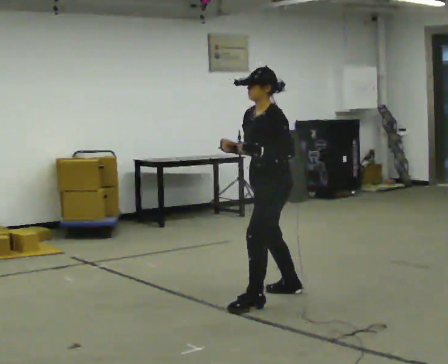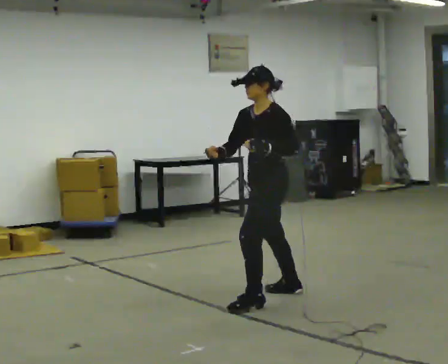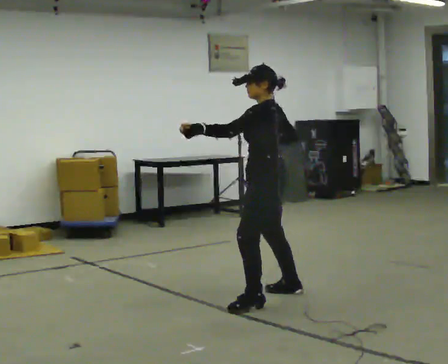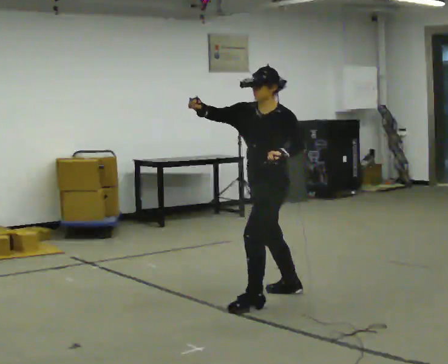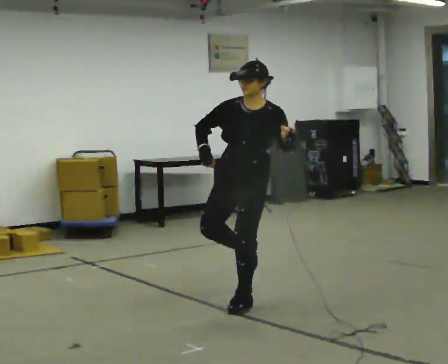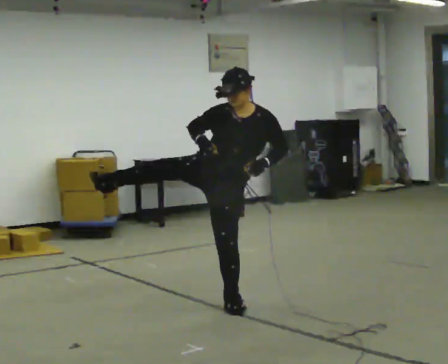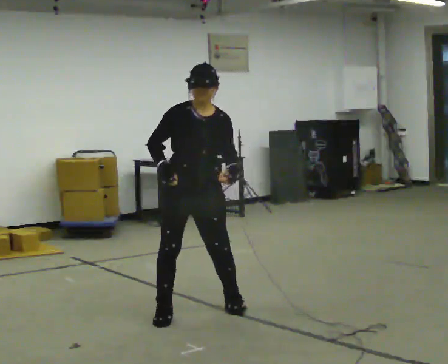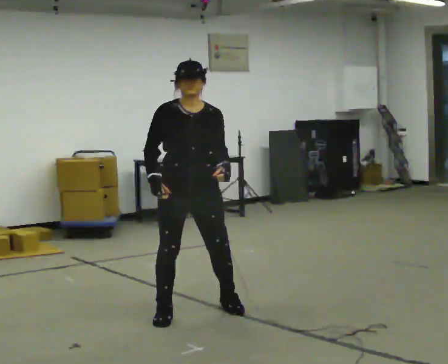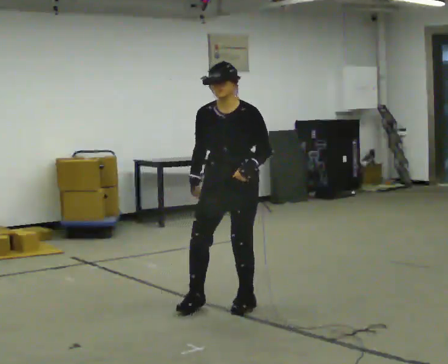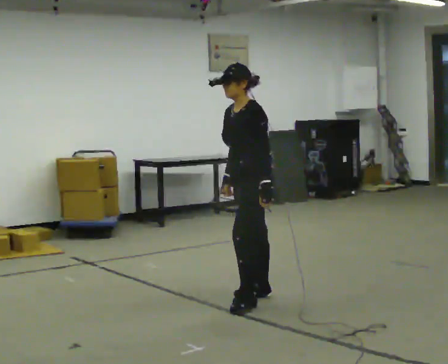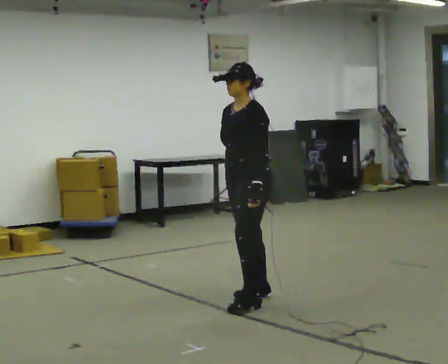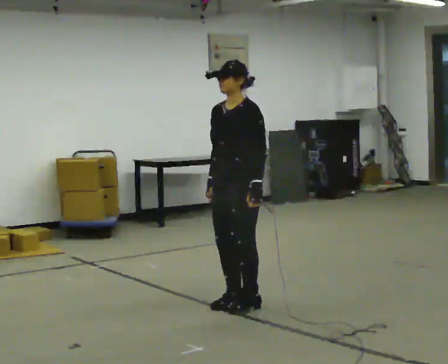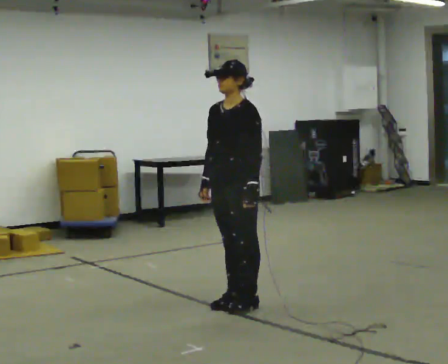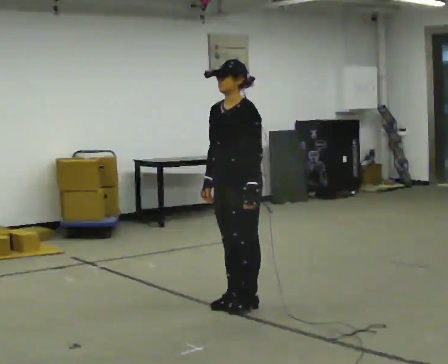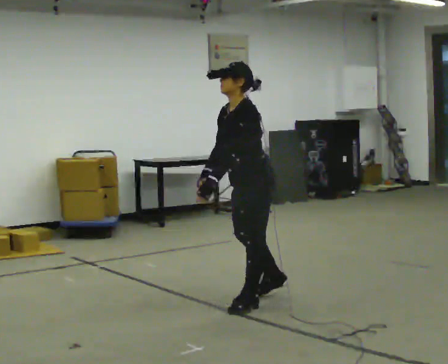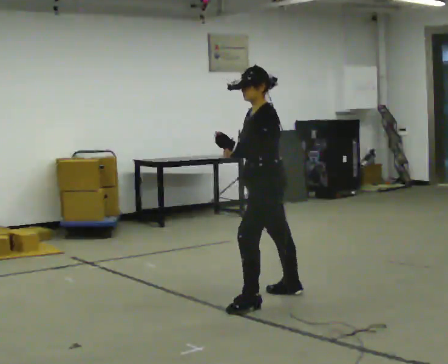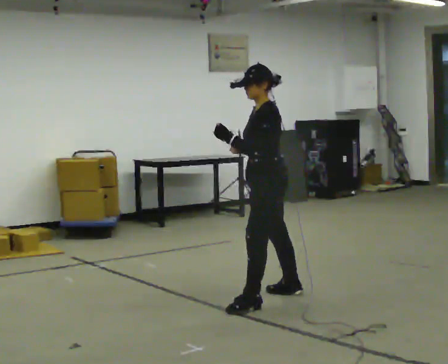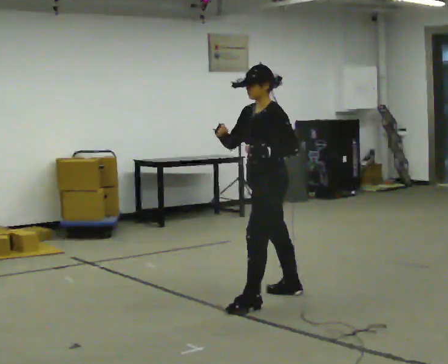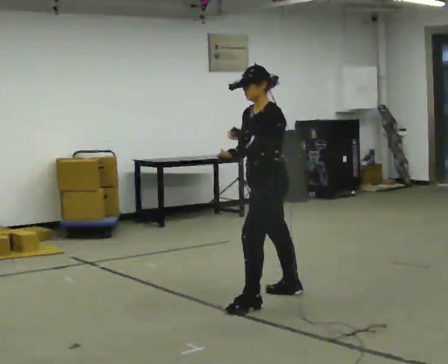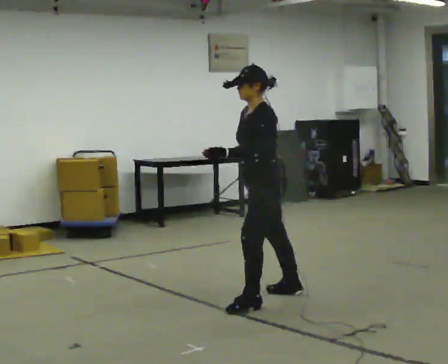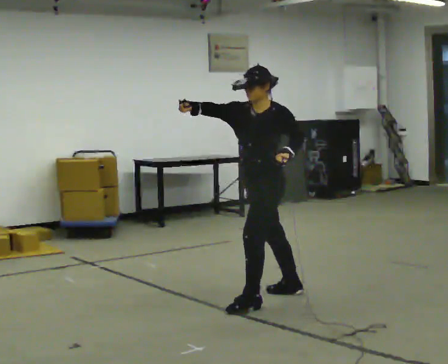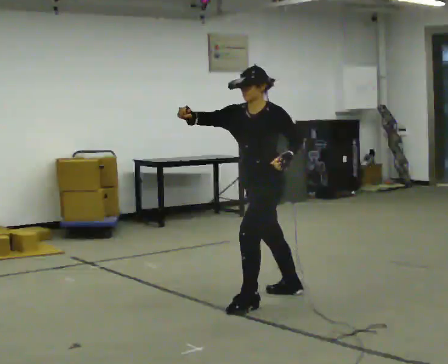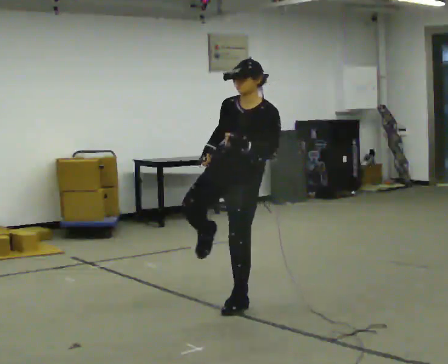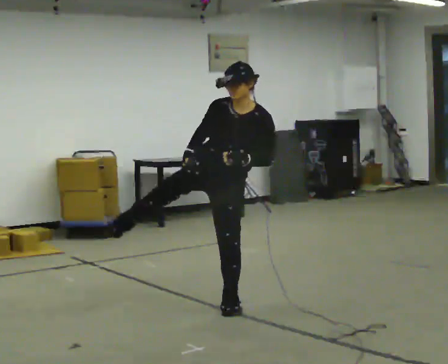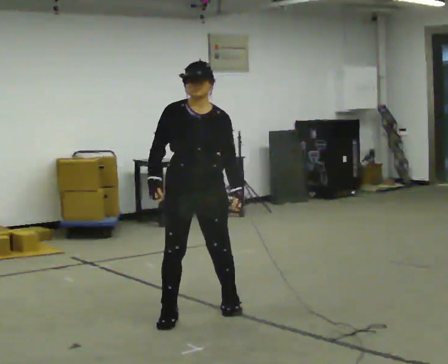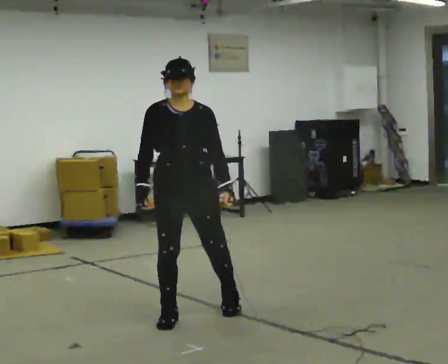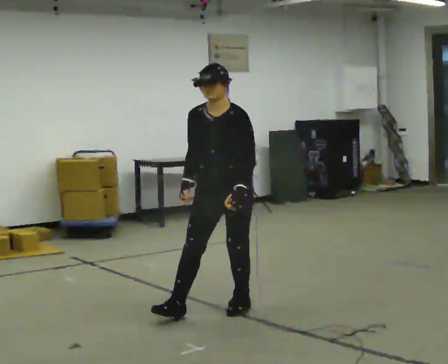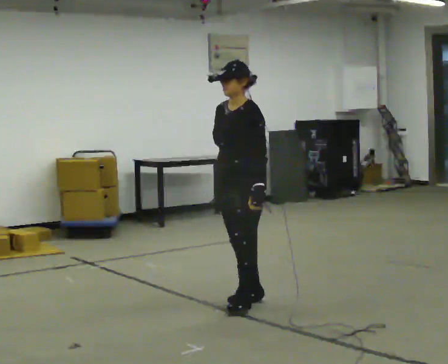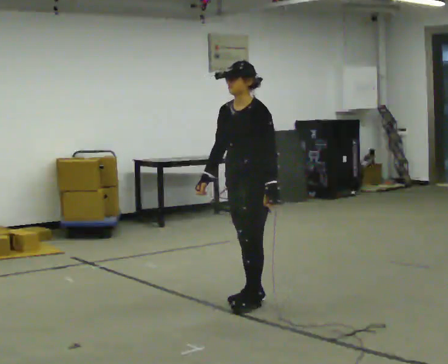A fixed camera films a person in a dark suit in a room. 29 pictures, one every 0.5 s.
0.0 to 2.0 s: The part of the body nearest the lens slides to the right as the person turns to their left by about 60 degrees. In the picture they go to the left and toward the camera, about 0.25 m. In the picture the upper body tilts clockwise, shoulders to the right.
2.0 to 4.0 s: The person moves a little, or ends about where they began.
4.0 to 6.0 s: The person turns about 30 degrees to their right, clockwise seen from above, so the part of the body nearest the lens slides to the left.
6.0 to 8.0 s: The person turns about 45 degrees to their right, clockwise seen from above, so the part of the body nearest the lens slides to the left. In the picture they go to the right and away from the camera, about 0.25 m in 1 step, which for them is backward. In the picture their left hand goes upward.
8.0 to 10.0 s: The person turns about 30 degrees to their left, counterclockwise seen from above, so the part of the body nearest the lens slides to the right. In the picture their right hand goes to the left.
10.0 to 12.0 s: Seen from above the body turns counterclockwise, about 60 degrees: to their left, with its near side sliding to the right. In the picture they go to the left and toward the camera, about 0.5 m in 1 step. In the picture their right hand goes downward, the arm swinging counterclockwise.
12.0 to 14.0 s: The part of the body nearest the lens slides to the left as the person turns to their right by about 60 degrees. In the picture they go to the right and away from the camera, about 0.5 m in 1 step.
The film runs forward here.
